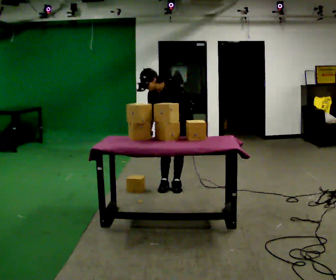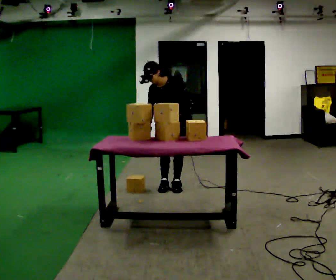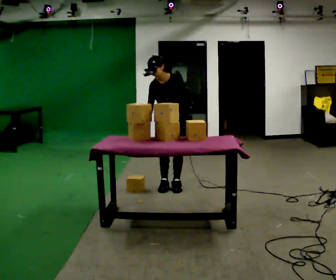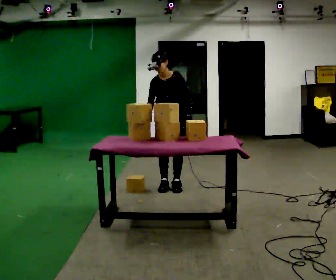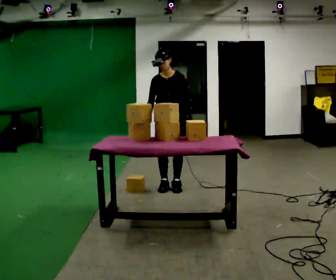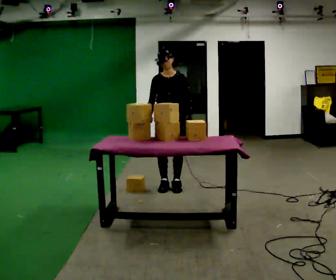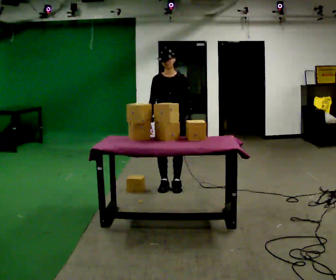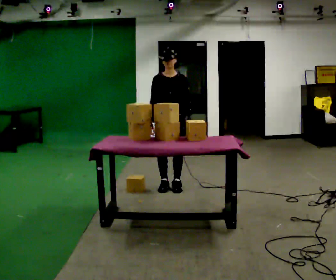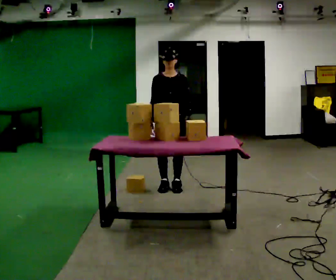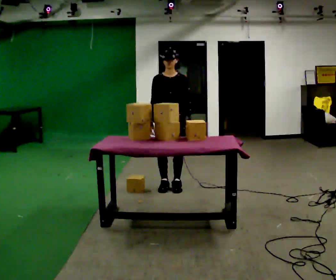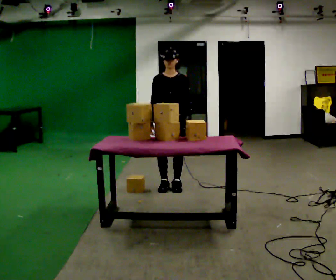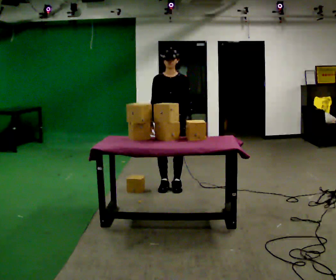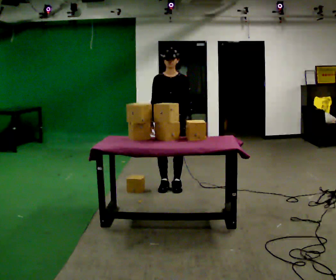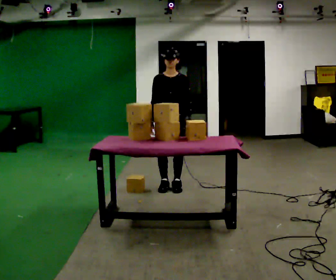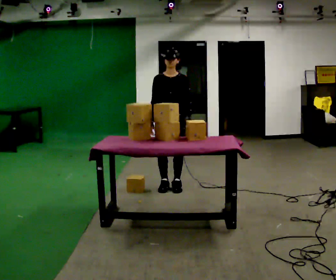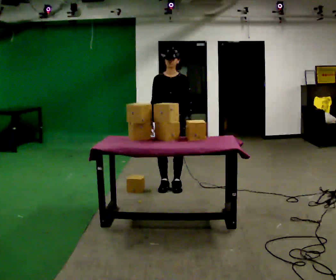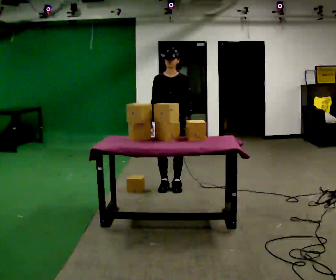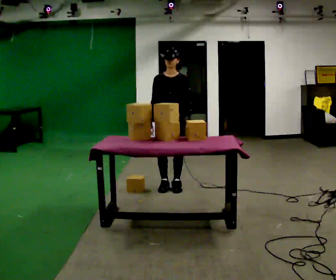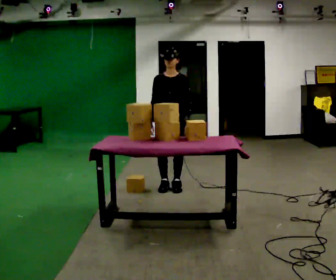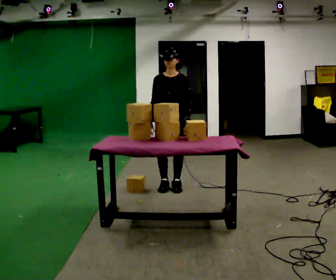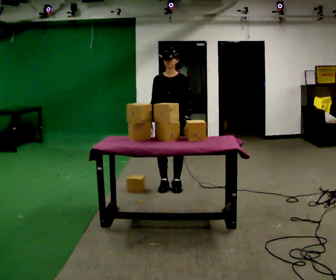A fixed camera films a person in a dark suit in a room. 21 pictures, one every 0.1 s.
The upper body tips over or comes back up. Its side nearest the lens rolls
upward.
0.0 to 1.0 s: The upper body goes upward. The upper body tips away from the camera, its near side rolling upward, as they lean back or straighten.
1.0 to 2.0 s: The person moves a little, or ends about where they began.
The film runs backward here.
